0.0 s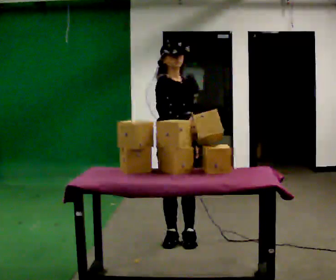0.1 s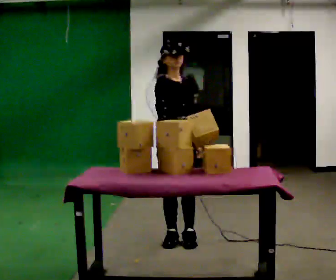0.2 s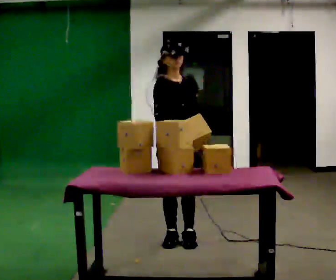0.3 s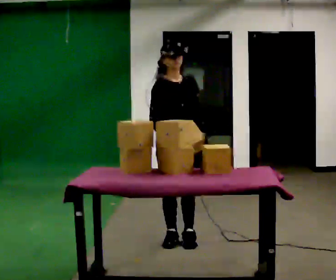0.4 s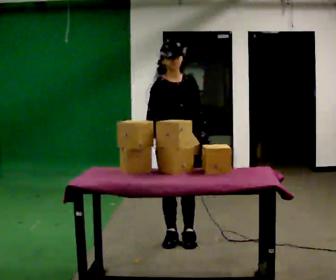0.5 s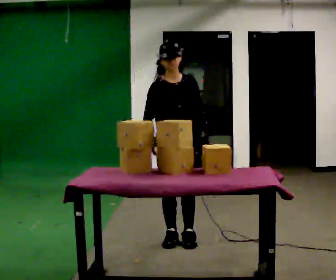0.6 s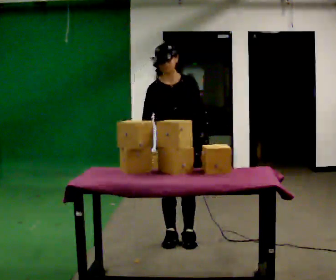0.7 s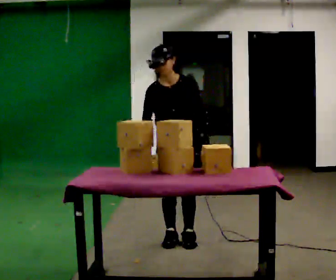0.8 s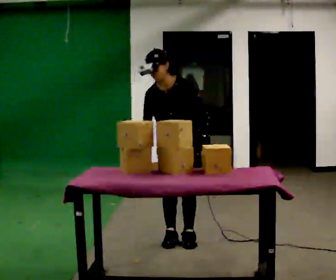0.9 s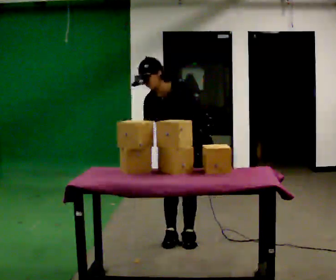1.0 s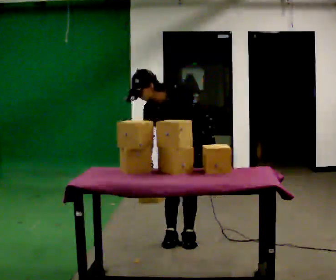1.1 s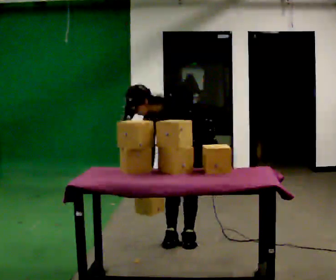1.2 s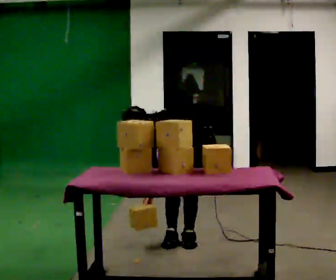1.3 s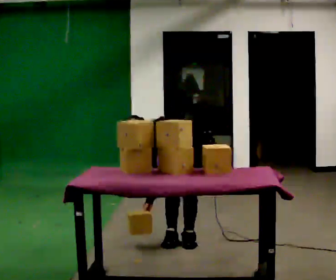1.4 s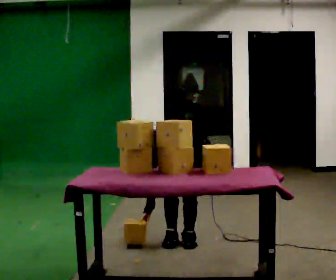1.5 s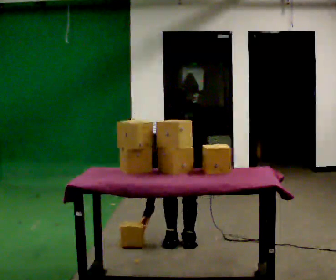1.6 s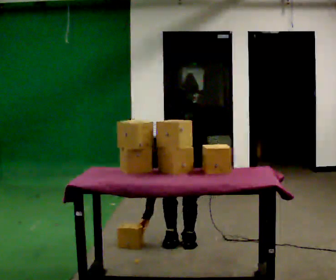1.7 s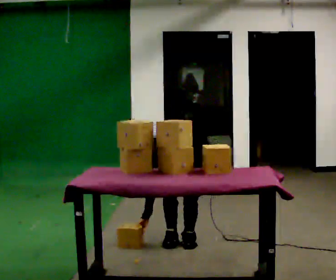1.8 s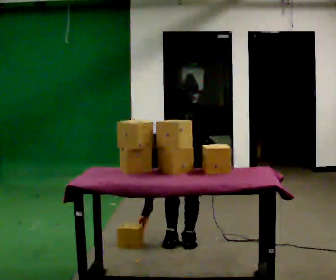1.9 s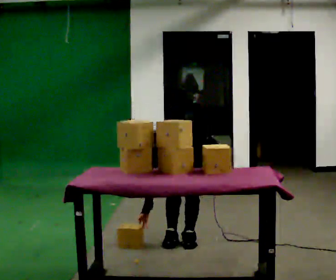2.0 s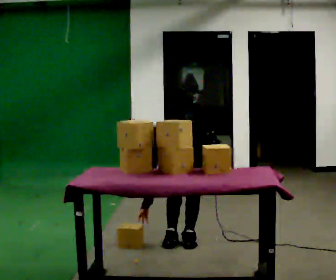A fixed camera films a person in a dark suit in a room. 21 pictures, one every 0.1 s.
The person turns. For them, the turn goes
to their right.
The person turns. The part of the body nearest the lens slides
to the left.
0.0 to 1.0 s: The person turns about 60 degrees to their right, clockwise seen from above, so the part of the body nearest the lens slides to the left. The upper body tips toward the camera, its near side rolling downward, as they bend forward. In the picture their right hand goes downward and to the left.
1.0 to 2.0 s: The upper body goes downward. In the picture the upper body tilts counterclockwise, shoulders to the left, as they bend forward.
The film runs backward here.
